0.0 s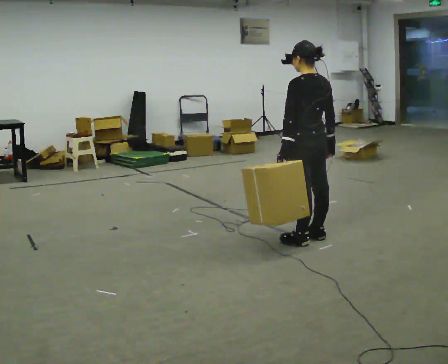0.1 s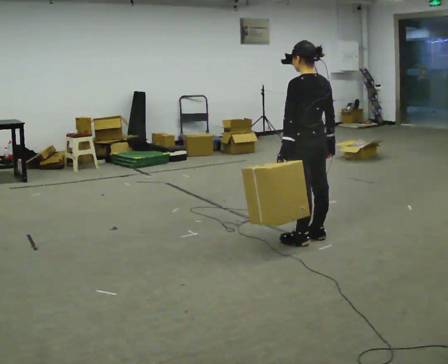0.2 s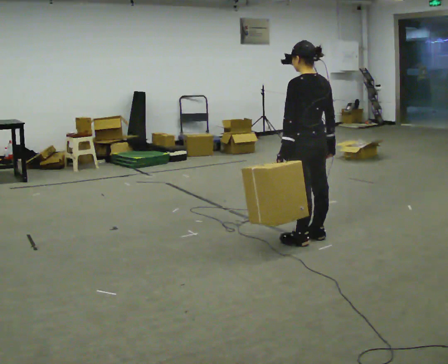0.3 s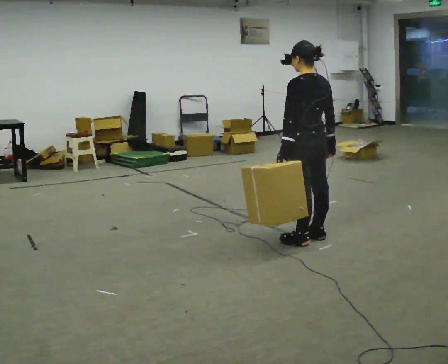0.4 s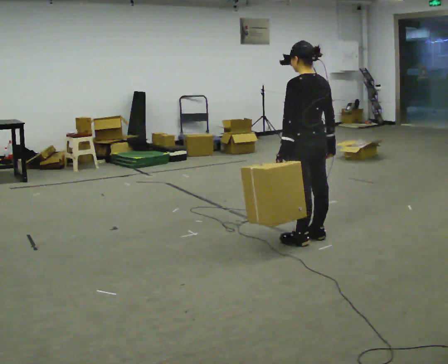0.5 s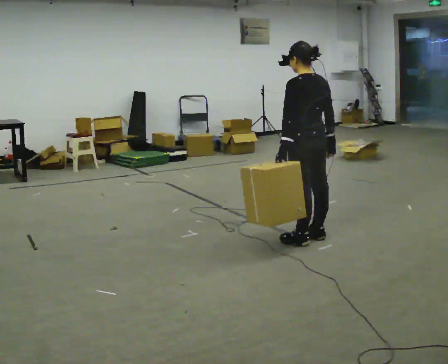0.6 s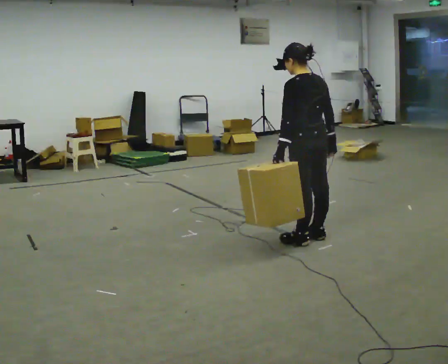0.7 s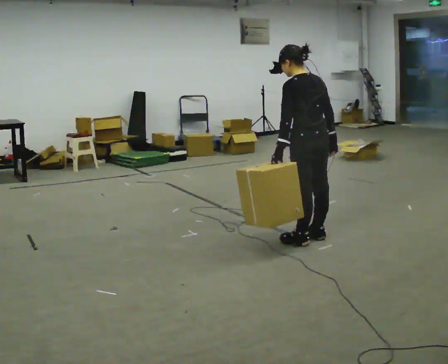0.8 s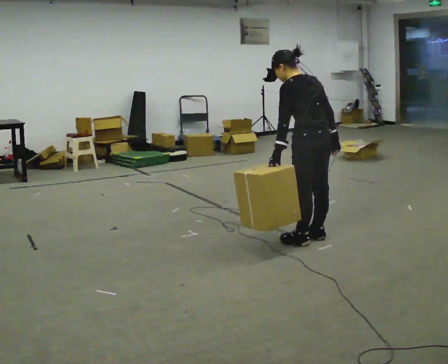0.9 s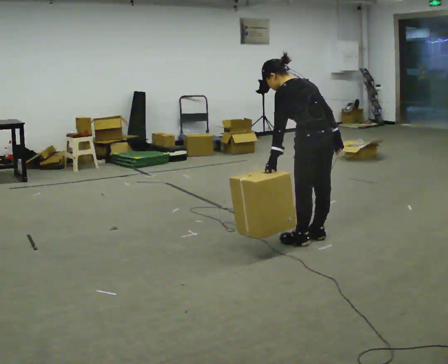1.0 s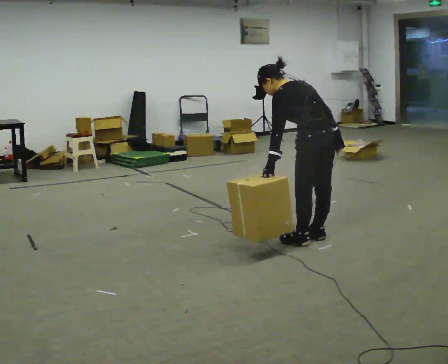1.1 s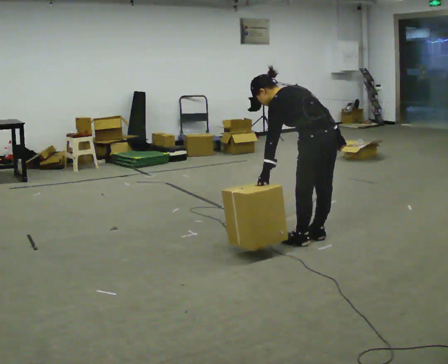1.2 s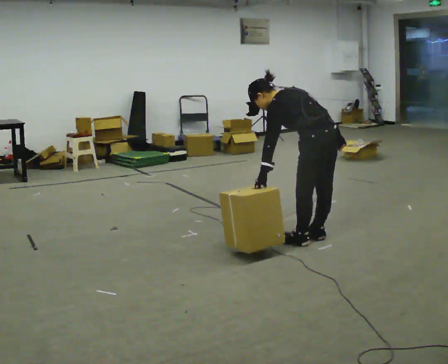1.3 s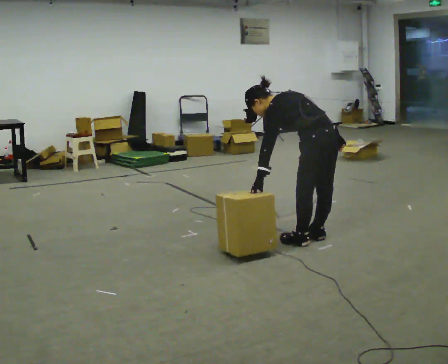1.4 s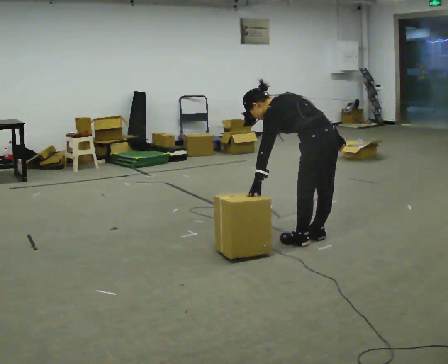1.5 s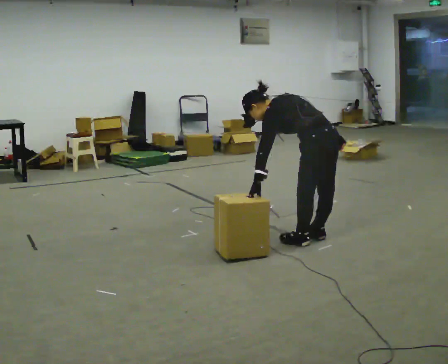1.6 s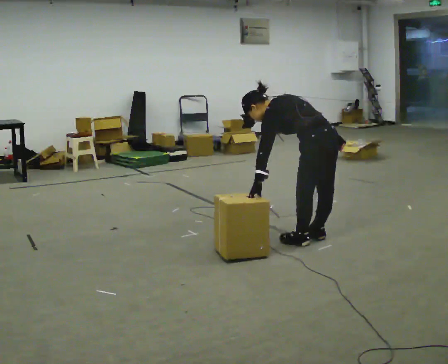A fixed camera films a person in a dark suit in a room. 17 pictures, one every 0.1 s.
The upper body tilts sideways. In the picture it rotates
counterclockwise.
0.0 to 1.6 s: The upper body goes downward. In the picture the upper body tilts counterclockwise, shoulders to the left, as they bend forward.
The film runs forward here.
